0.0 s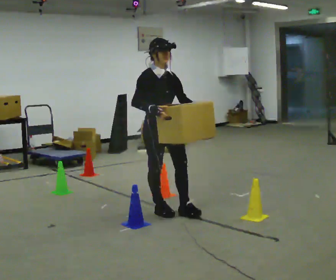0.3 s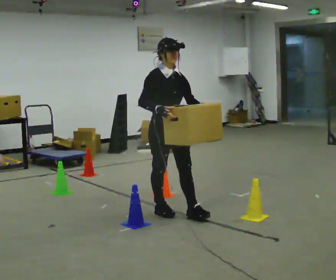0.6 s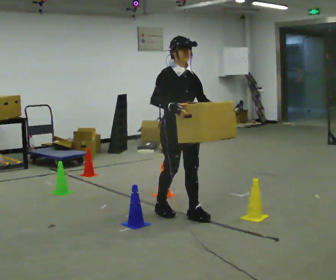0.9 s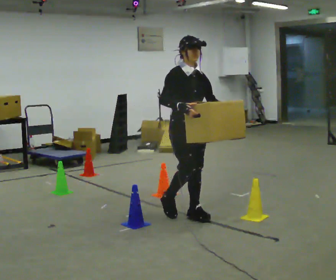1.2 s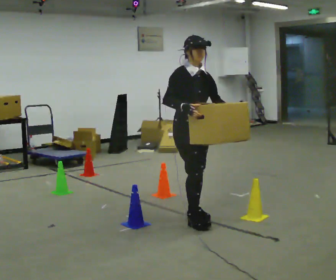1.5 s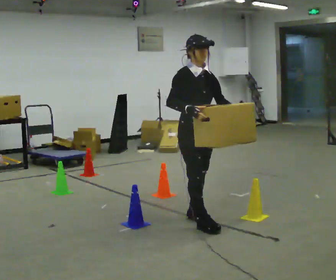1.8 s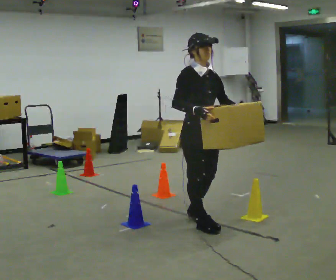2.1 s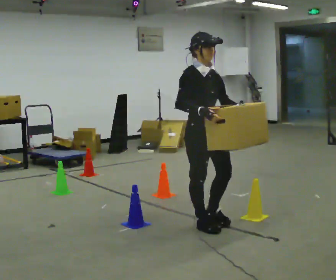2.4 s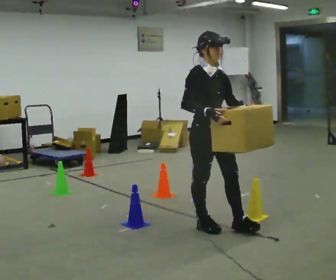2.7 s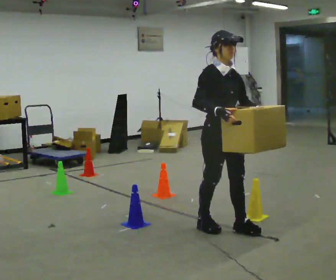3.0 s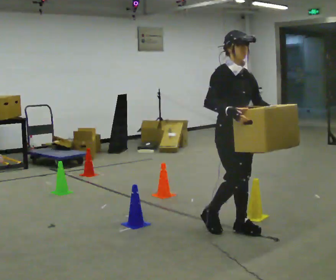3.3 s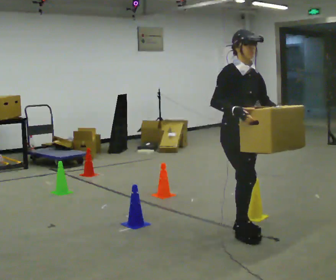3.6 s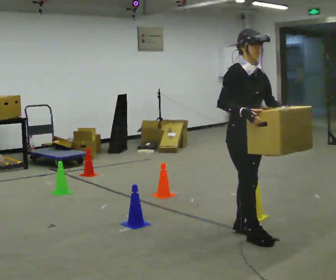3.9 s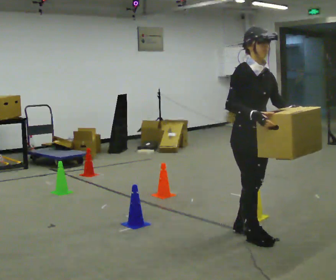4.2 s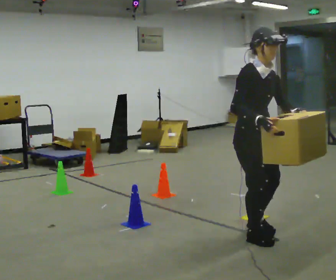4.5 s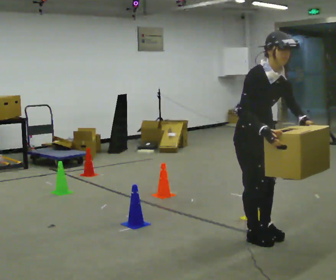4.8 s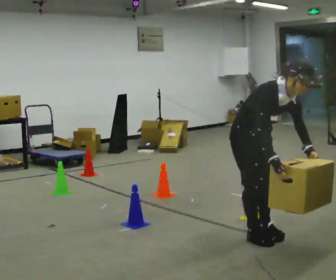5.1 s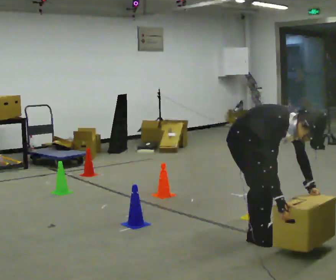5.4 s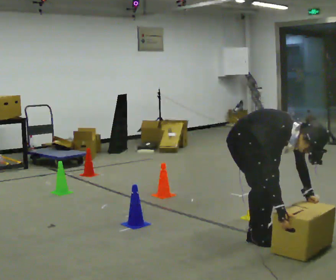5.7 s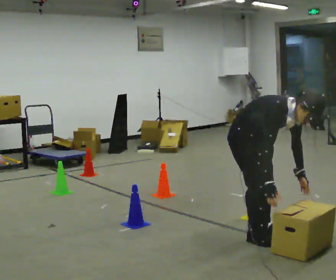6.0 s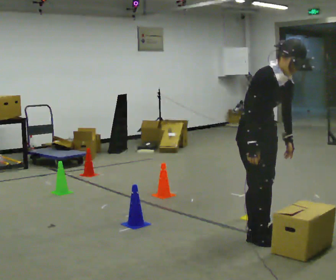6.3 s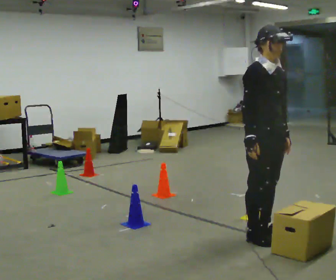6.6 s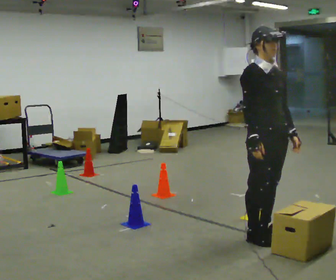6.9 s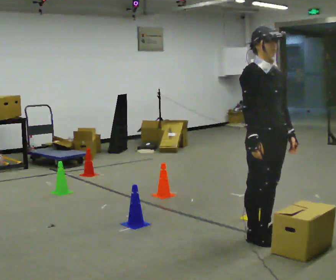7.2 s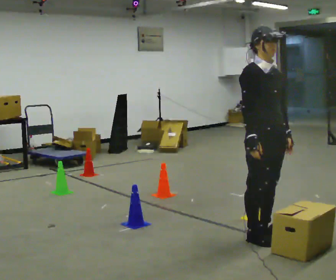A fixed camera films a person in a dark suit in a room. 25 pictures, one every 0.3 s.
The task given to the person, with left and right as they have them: Carry the box through the gap between the panels without touching either side, then set it down and bring it back. Keep going until the operator says stop; one object at a time, and do not rush between trips.
0.0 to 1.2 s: In the picture they go to the right and toward the camera, about 0.25 m in 1 step, which for them is forward.
1.2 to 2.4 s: In the picture they go toward the camera and to the right, about 0.25 m in 2 steps, which for them is forward.
2.4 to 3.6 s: In the picture they go to the right, about 0.25 m in 1 step, which for them is forward.
3.6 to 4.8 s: The upper body goes downward. The upper body tips toward the camera, its near side rolling downward, as they bend forward. In the picture their right hand goes downward.
4.8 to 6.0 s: The person moves a little, or ends about where they began.
6.0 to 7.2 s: In the picture the upper body tilts counterclockwise, shoulders to the left, as they lean back or straighten.
The film runs forward here.
